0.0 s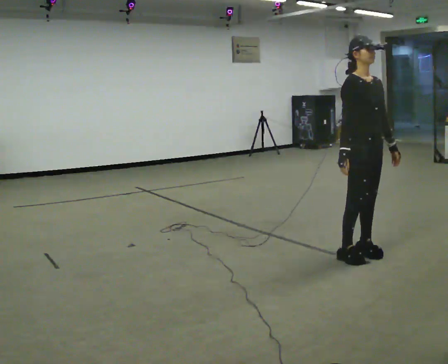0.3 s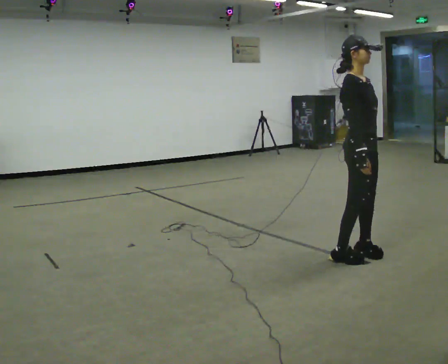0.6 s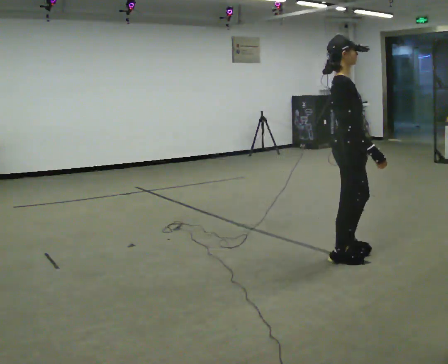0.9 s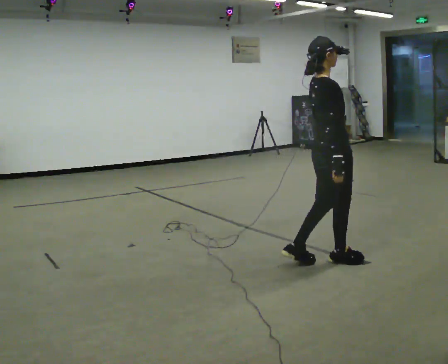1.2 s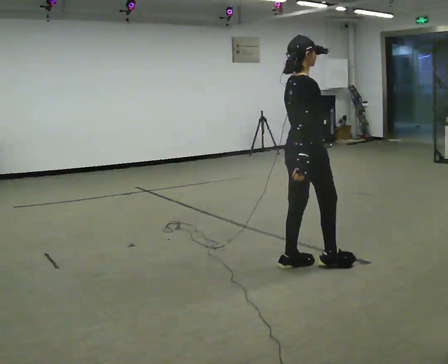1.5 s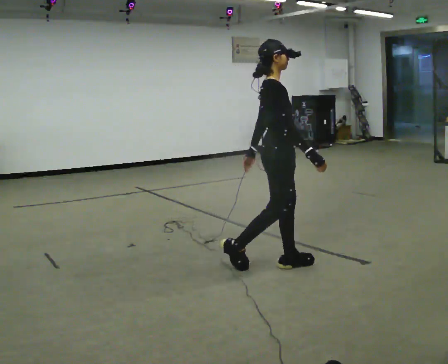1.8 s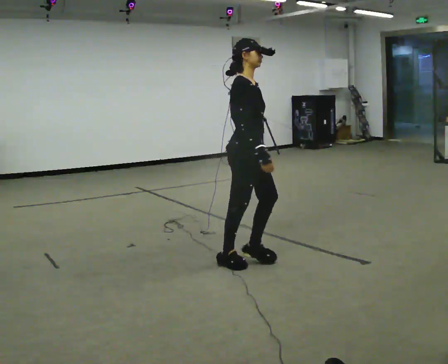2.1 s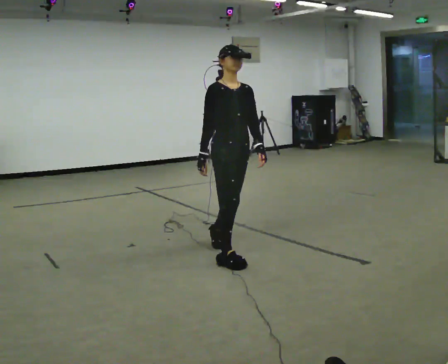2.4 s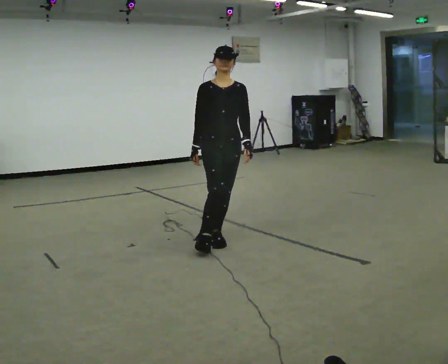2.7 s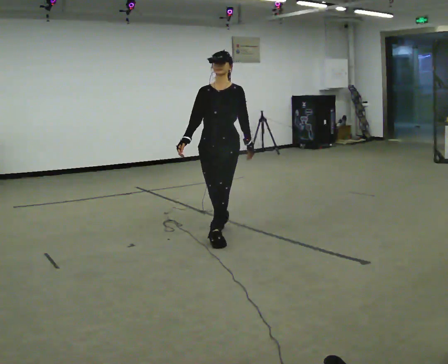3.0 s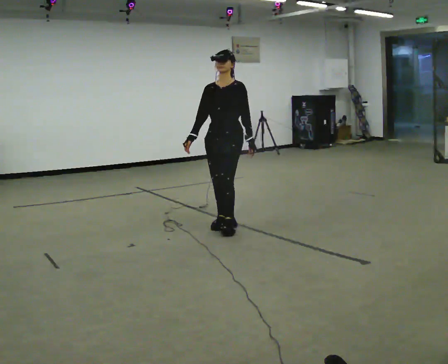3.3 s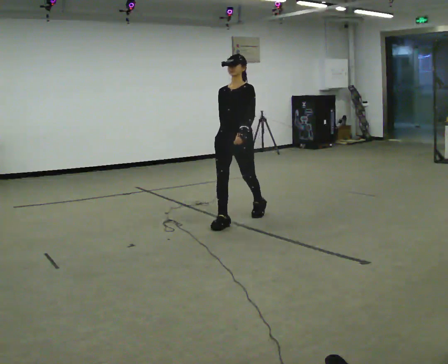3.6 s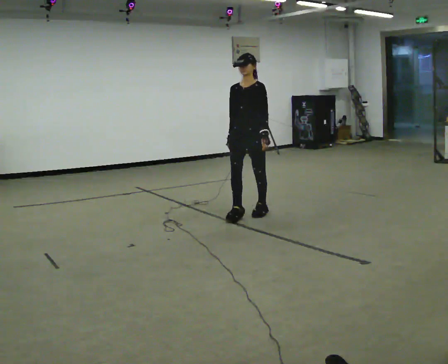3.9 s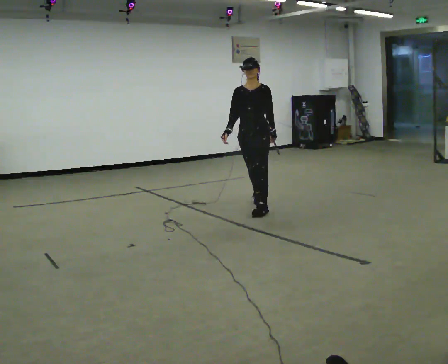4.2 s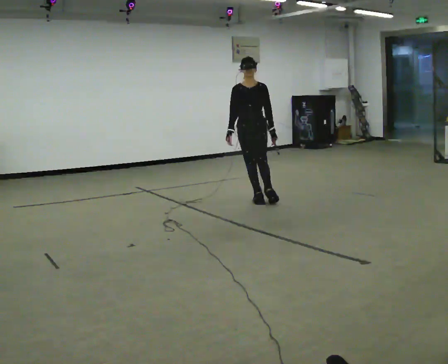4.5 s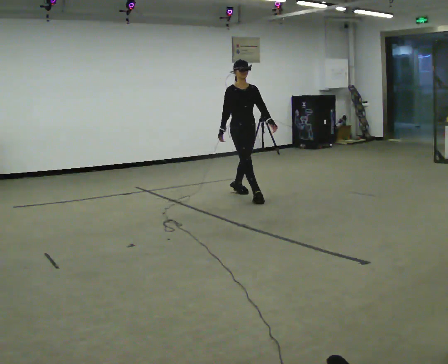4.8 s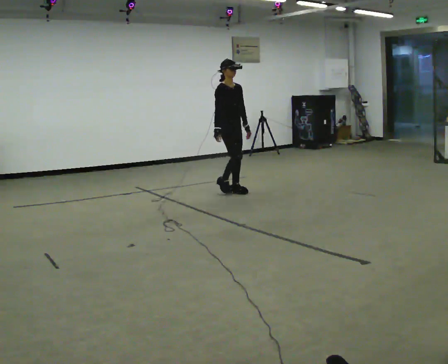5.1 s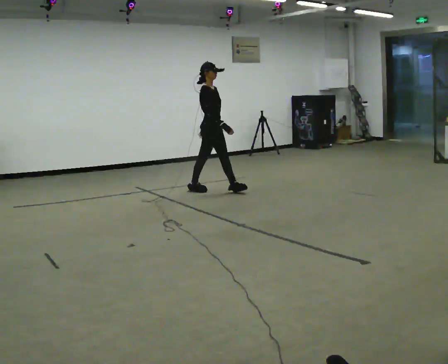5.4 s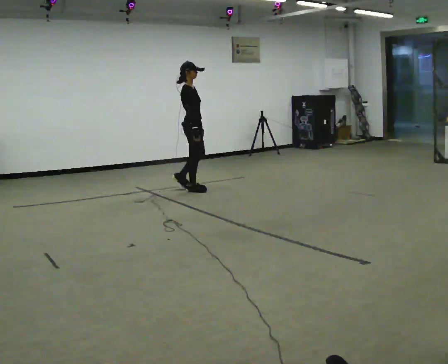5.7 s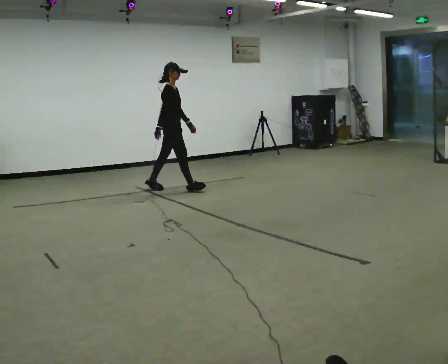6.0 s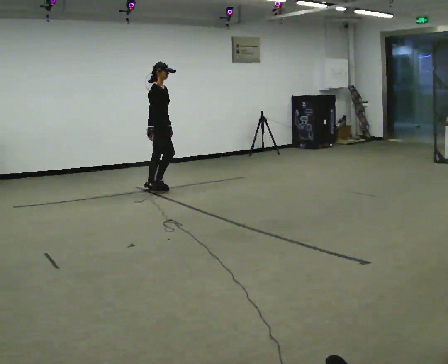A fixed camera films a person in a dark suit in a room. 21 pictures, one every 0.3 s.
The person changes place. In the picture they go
away from the camera.
0.0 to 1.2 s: The part of the body nearest the lens slides to the right as the person turns to their left by about 75 degrees. In the picture they go to the left, about 0.5 m in 2 steps.
1.2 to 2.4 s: The person turns about 90 degrees to their right, clockwise seen from above, so the part of the body nearest the lens slides to the left. In the picture they go to the left and away from the camera, about 1 m in 2 steps.
2.4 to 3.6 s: The person turns about 45 degrees to their right, clockwise seen from above, so the part of the body nearest the lens slides to the left. In the picture they go away from the camera, about 1 m in 2 steps, which for them is backward.
3.6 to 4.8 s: The part of the body nearest the lens slides to the right as the person turns to their left by about 75 degrees. In the picture they go away from the camera, about 1 m in 2 steps.
4.8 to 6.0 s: Seen from above the body turns counterclockwise, about 30 degrees: to their left, with its near side sliding to the right. In the picture they go to the left, about 1 m in 2 steps, which for them is backward.
The film runs backward here.
